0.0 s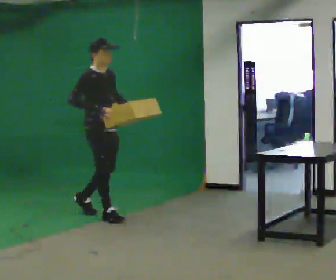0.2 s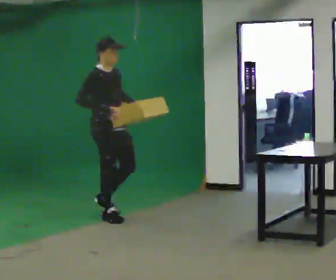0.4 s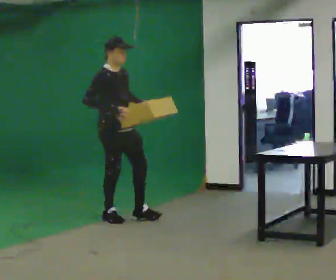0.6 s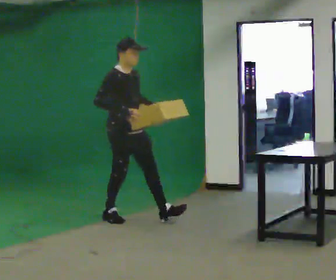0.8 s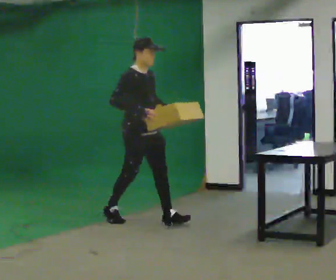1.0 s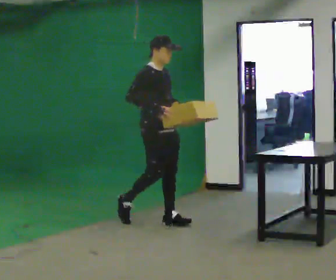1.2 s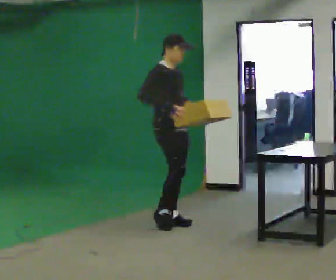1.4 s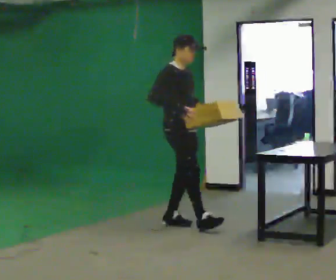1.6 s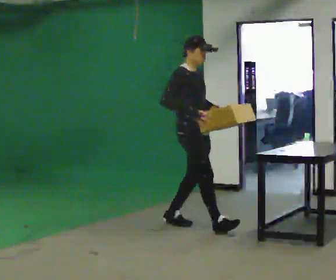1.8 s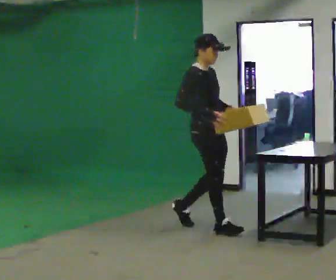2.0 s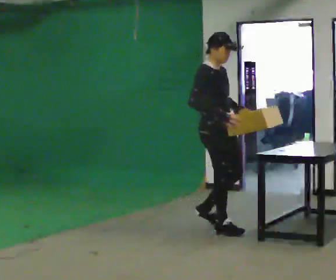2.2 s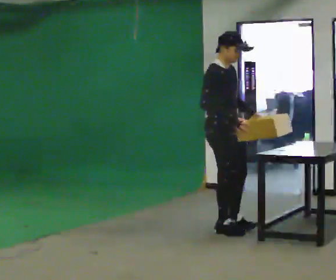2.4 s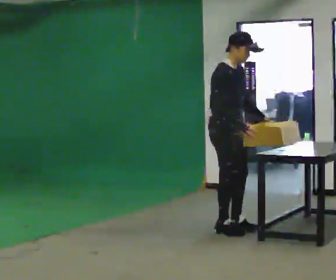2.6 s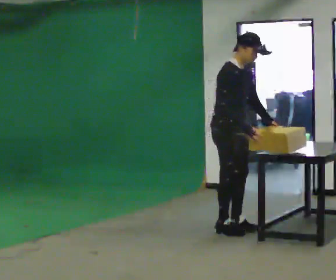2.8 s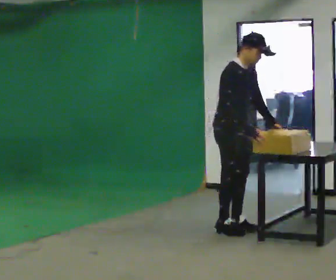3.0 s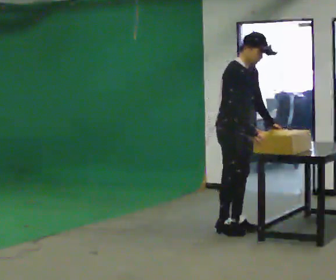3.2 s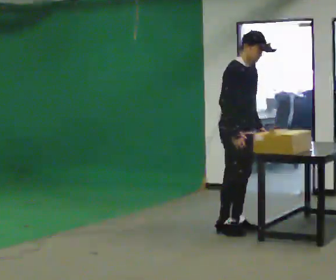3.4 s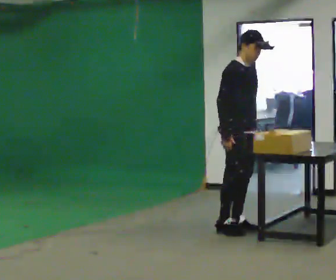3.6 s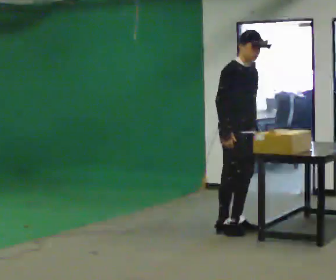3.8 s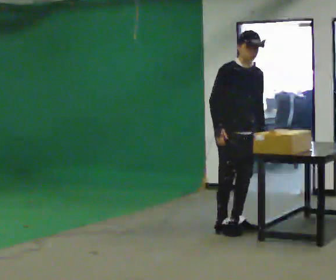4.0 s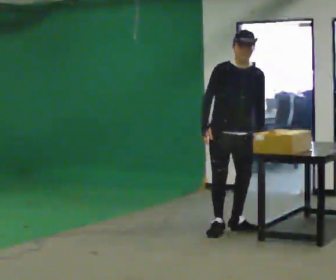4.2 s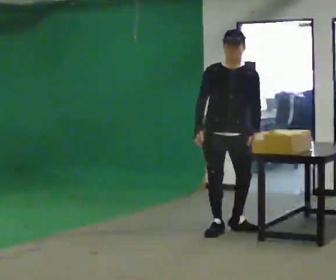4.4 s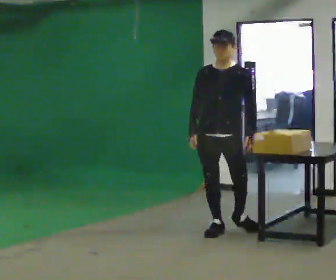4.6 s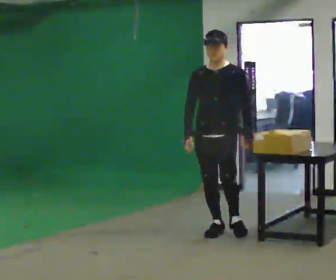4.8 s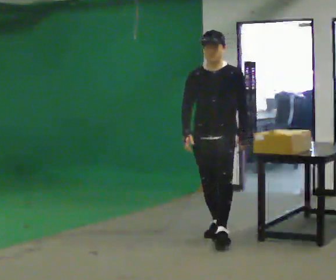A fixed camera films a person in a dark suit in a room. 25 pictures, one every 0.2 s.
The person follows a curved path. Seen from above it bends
clockwise.
0.0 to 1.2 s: In the picture they go to the right, about 1 m in 1 step, which for them is forward.
1.2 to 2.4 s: In the picture they go to the right and toward the camera, about 0.5 m in 2 steps, which for them is forward.
2.4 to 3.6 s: The person moves a little, or ends about where they began.
3.6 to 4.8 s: The person turns about 60 degrees to their right, clockwise seen from above, so the part of the body nearest the lens slides to the left. In the picture they go toward the camera and to the left, about 0.25 m.
The film runs forward here.
